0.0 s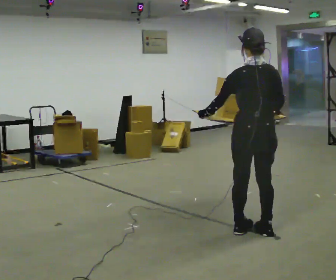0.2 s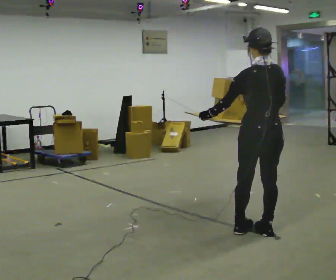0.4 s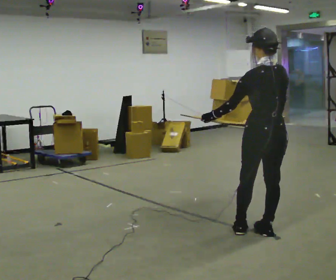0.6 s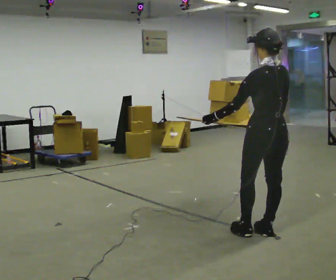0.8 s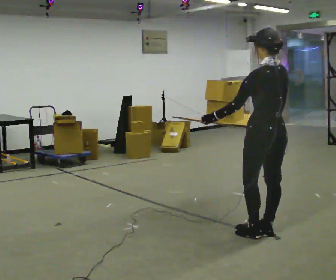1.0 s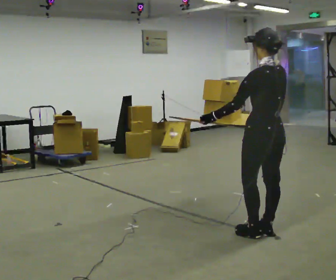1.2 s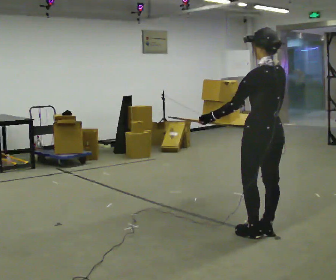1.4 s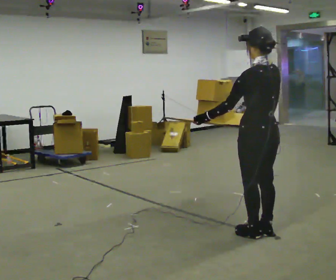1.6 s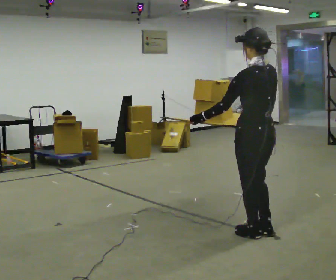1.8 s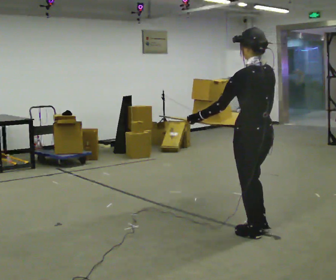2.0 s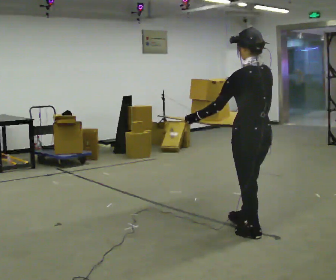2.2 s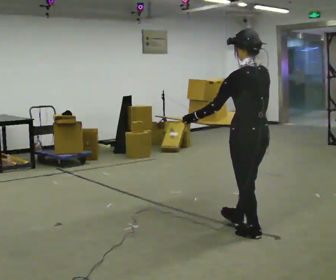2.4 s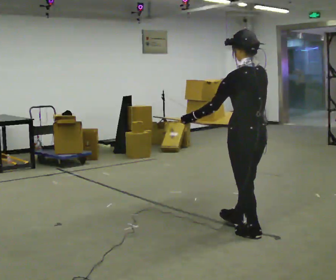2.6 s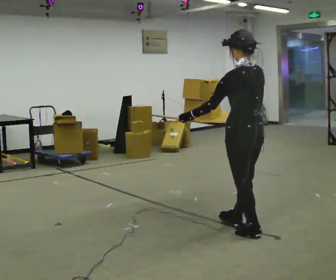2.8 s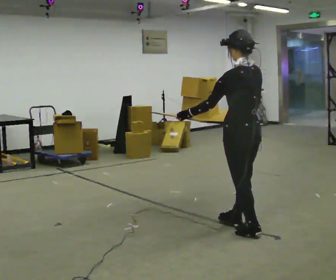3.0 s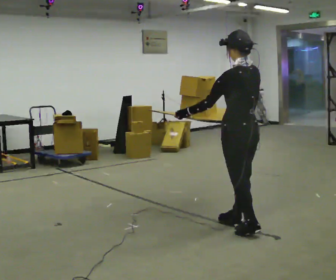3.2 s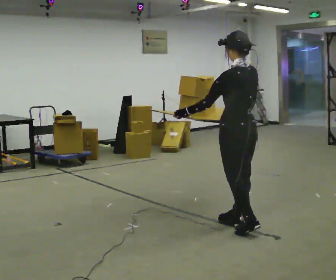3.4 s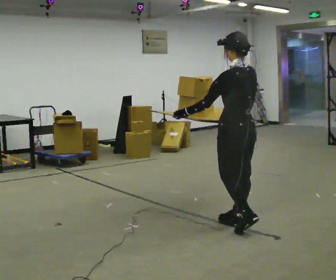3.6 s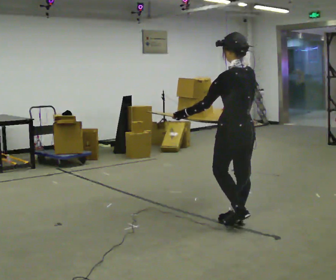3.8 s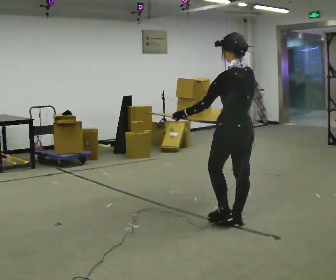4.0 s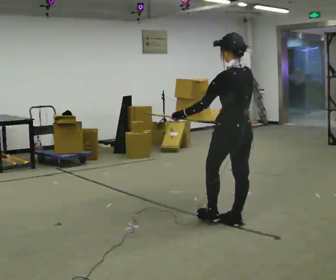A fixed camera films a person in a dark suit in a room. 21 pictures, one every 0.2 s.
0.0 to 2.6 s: In the picture their right hand goes to the left.
2.6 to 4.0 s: In the picture they go away from the camera, about 0.25 m, which for them is forward.
The film runs forward here.
